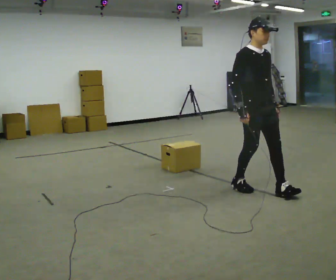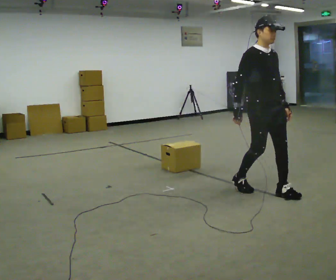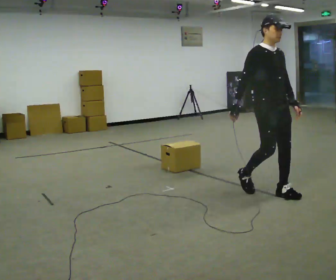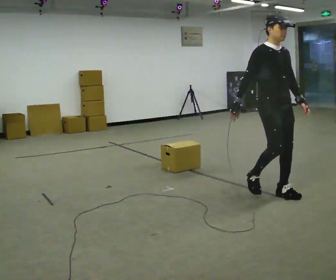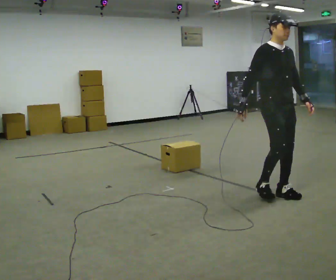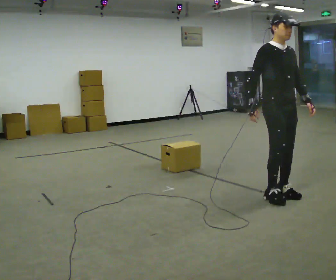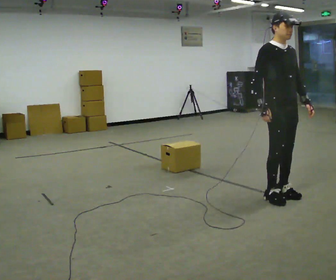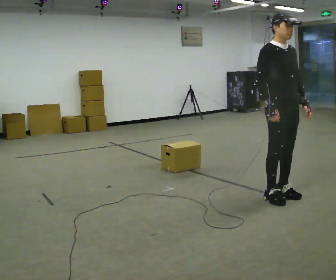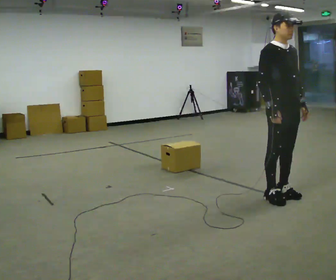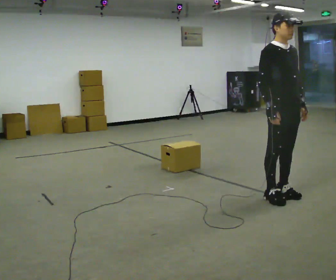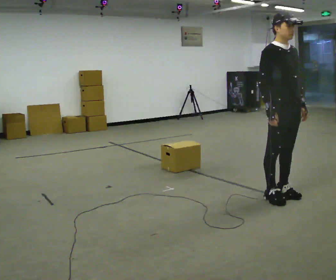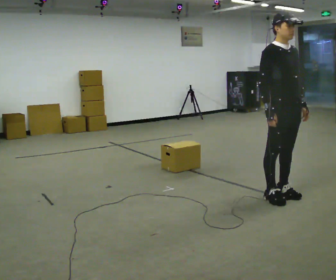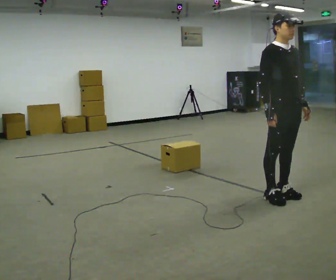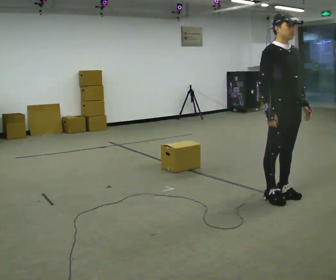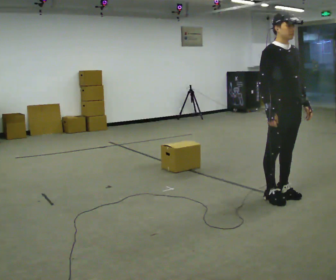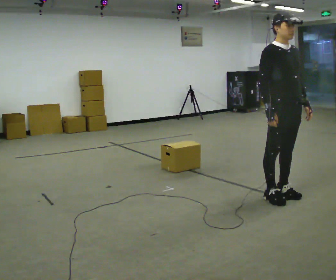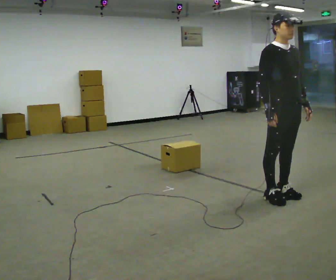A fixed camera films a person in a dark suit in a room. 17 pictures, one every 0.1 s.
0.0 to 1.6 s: In the picture they go to the right and toward the camera, about 0.25 m in 1 step, which for them is forward.
The film runs forward here.
